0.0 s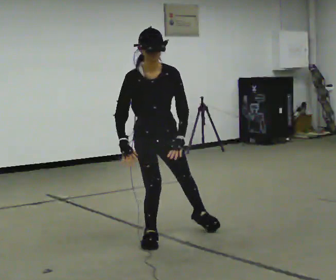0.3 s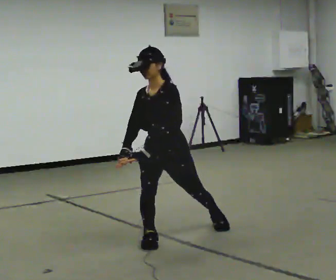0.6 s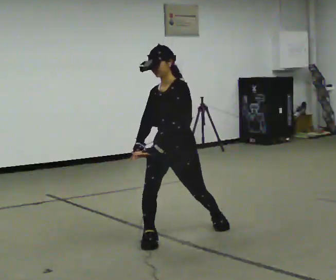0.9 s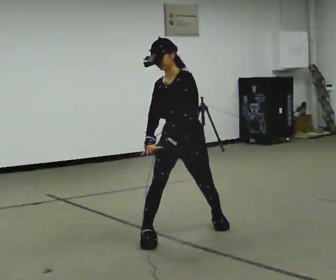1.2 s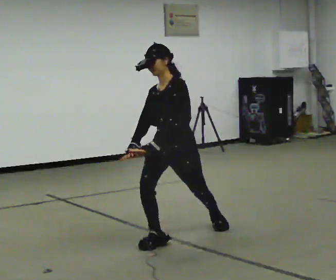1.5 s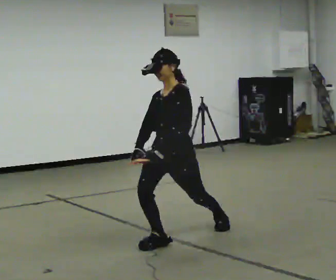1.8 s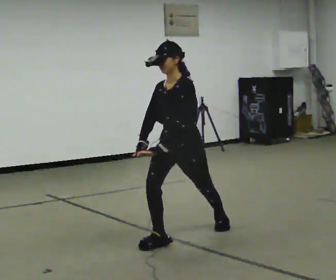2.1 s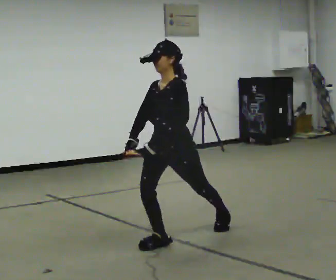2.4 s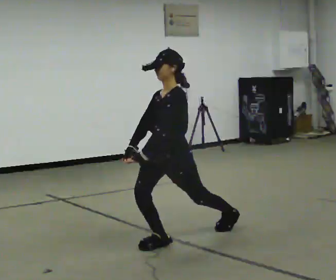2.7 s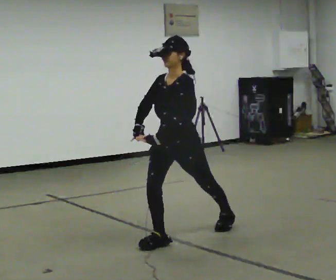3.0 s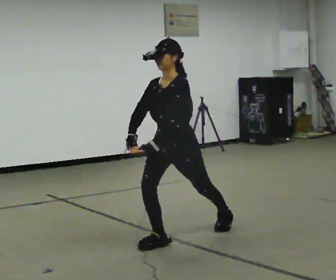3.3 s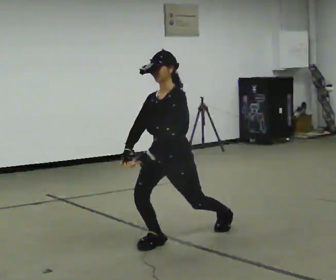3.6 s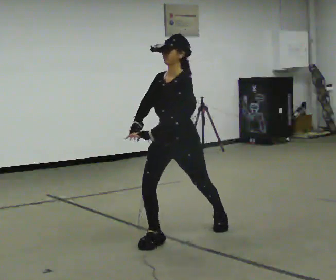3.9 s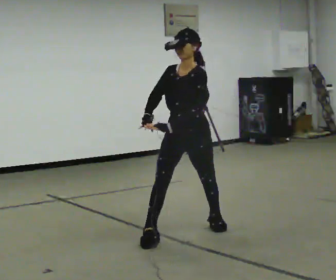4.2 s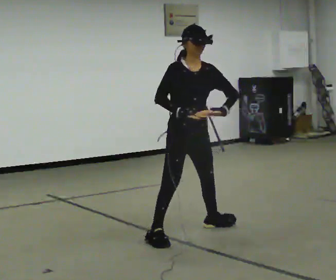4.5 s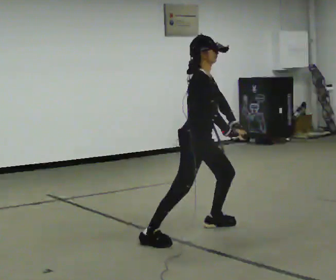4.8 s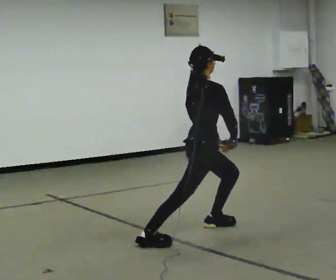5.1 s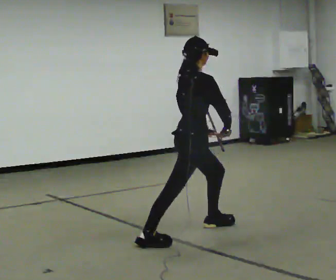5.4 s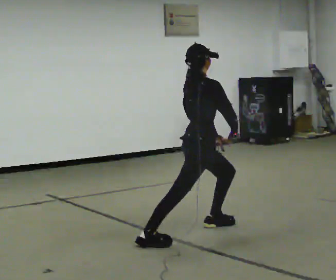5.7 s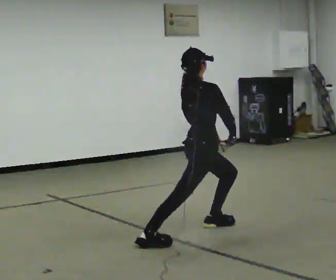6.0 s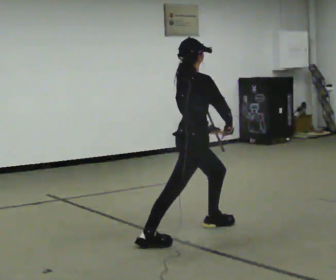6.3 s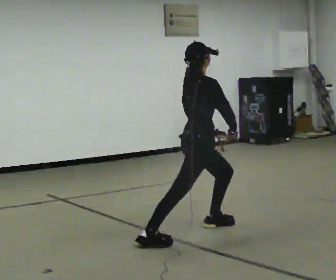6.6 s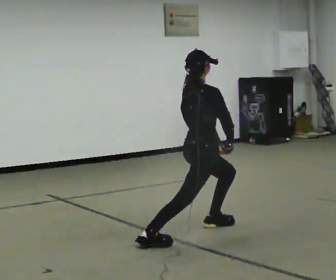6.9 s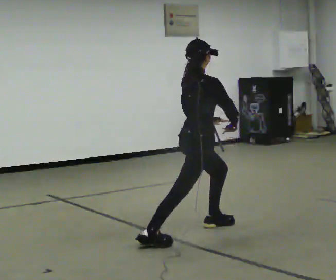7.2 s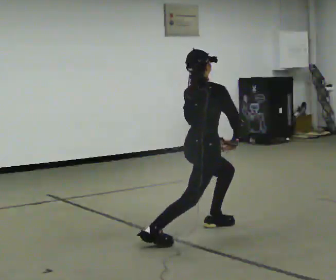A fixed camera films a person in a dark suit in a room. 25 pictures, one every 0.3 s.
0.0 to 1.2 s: The person turns about 45 degrees to their right, clockwise seen from above, so the part of the body nearest the lens slides to the left. In the picture they go to the right, about 0.25 m, which for them is backward.
1.2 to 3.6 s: The person moves a little, or ends about where they began.
3.6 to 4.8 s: The person turns about 135 degrees to their left, counterclockwise seen from above, so the part of the body nearest the lens slides to the right. In the picture they go away from the camera and to the right, about 0.25 m in 1 step. In the picture their right hand goes to the right.
4.8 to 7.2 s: The person moves a little, or ends about where they began.
The film runs backward here.
